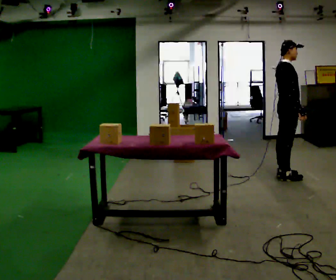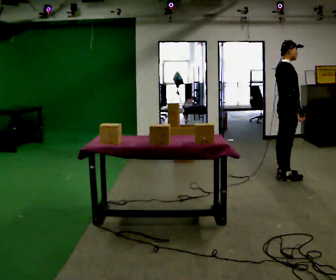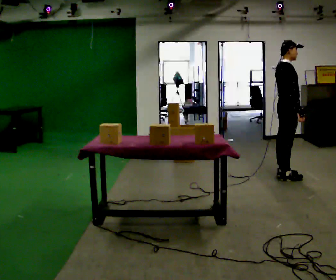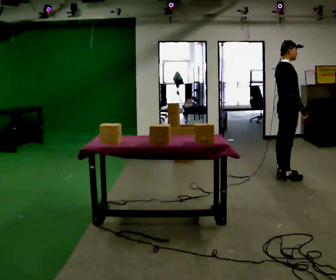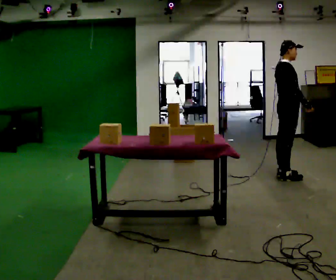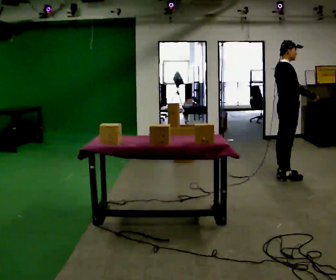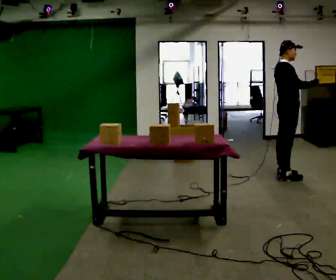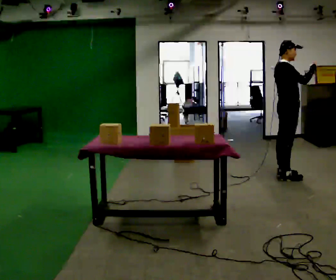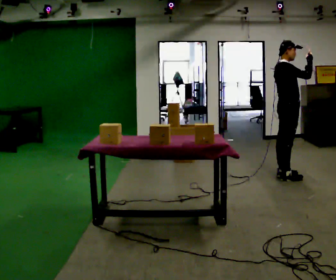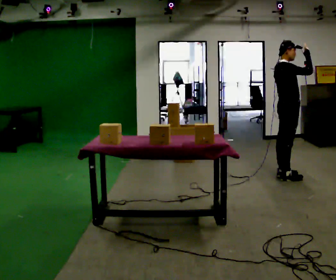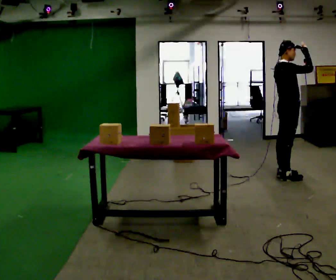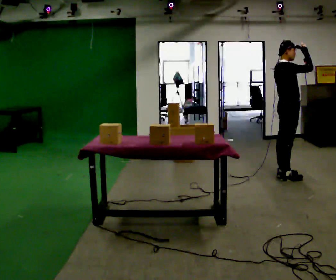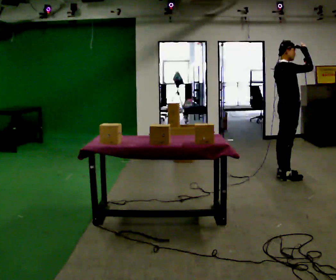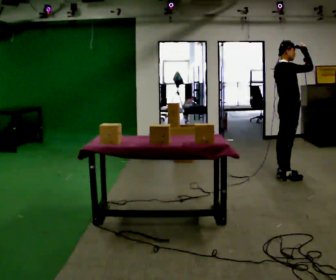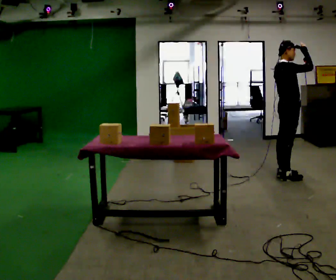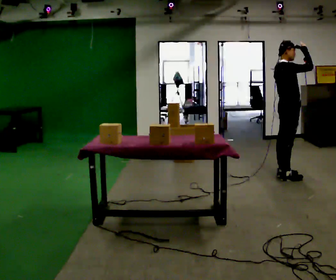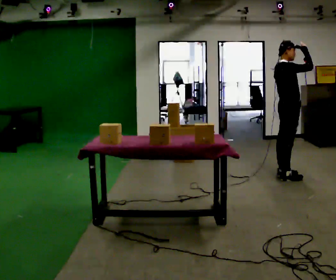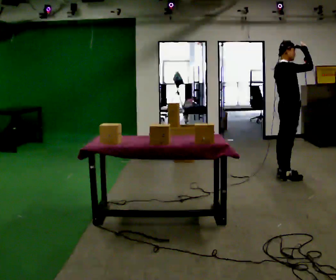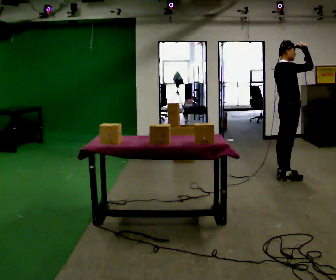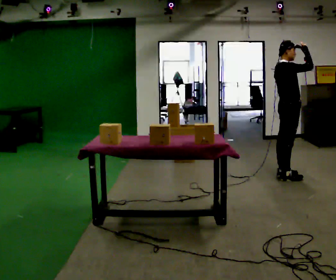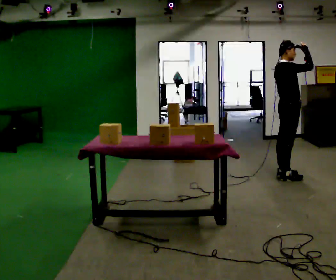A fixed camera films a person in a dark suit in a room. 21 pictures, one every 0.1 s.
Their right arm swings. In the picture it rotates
counterclockwise.
Their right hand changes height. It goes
upward.
0.0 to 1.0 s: In the picture their right hand goes upward, the arm swinging counterclockwise.
1.0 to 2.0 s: The person moves a little, or ends about where they began.
The film runs backward here.
